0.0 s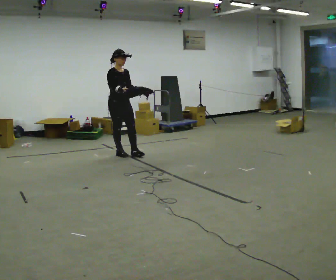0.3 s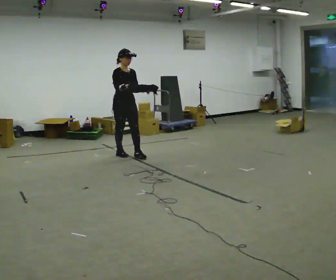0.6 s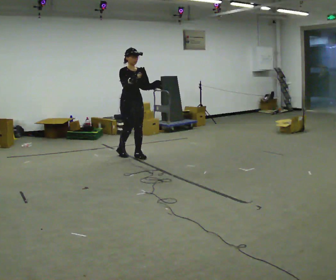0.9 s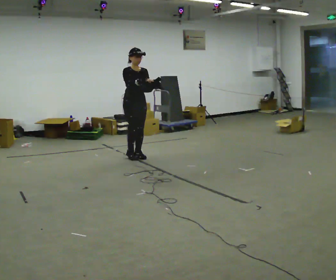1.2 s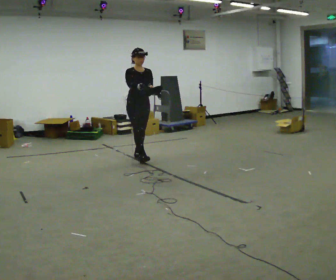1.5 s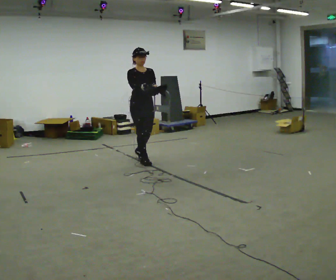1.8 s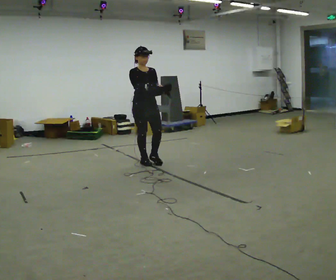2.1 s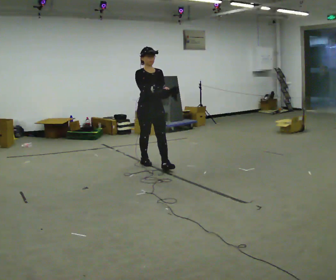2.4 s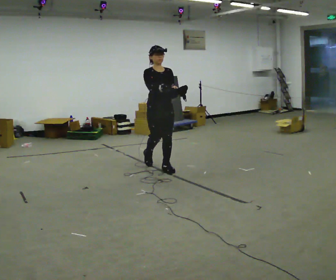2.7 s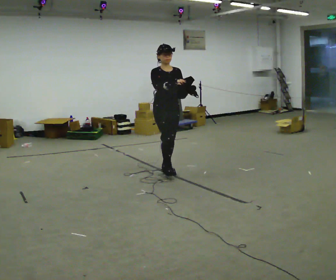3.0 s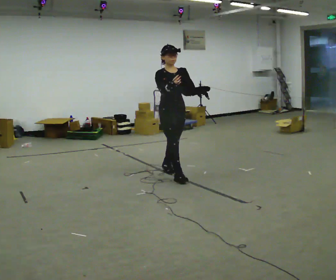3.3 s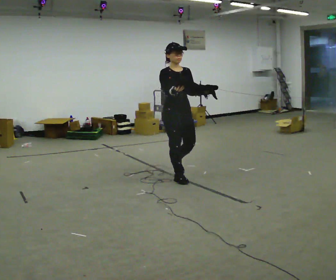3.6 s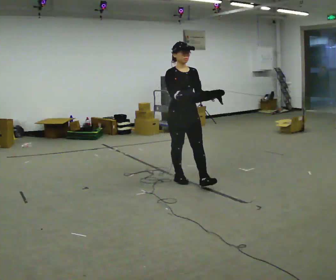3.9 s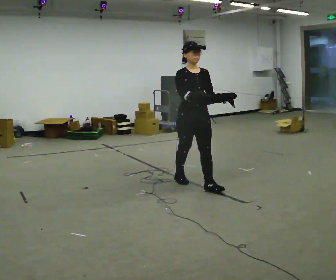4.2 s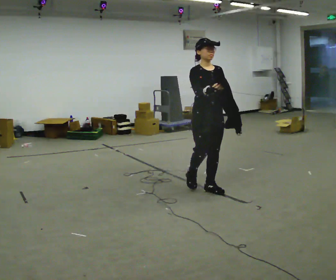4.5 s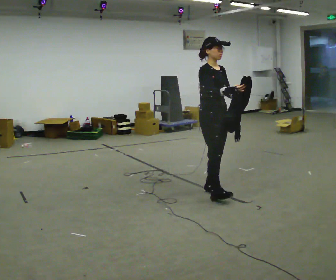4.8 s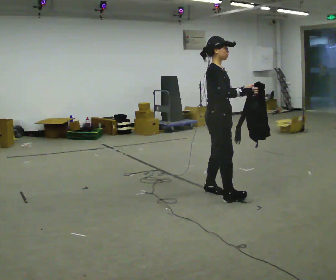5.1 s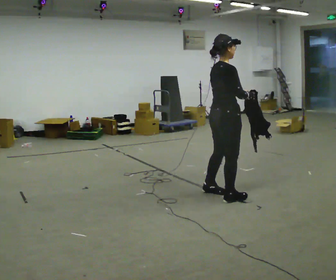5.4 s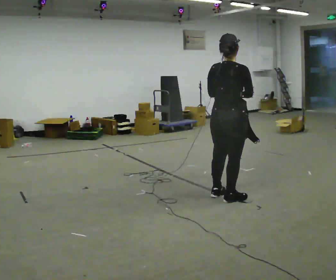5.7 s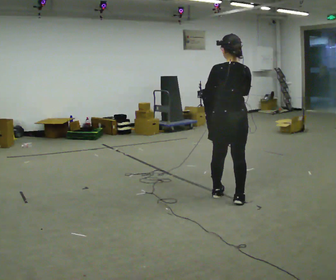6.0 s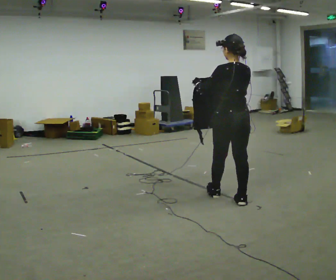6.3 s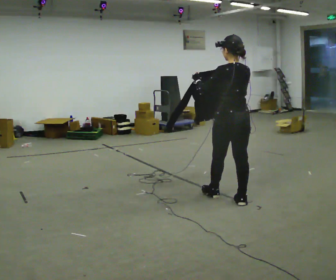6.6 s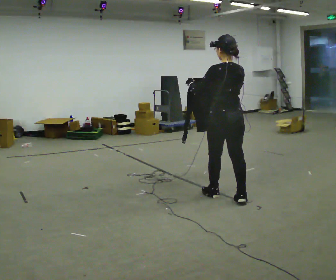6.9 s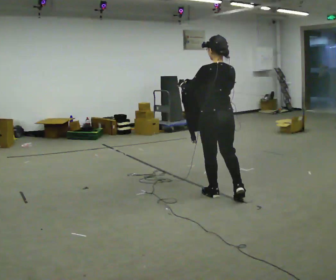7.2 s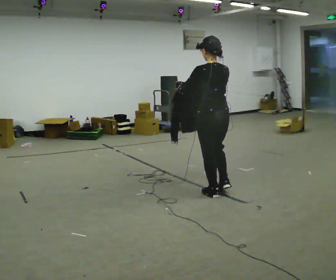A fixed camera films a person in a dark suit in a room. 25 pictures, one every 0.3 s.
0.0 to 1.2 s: In the picture they go to the right, about 0.5 m in 2 steps, which for them is forward and to their left.
1.2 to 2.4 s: In the picture they go toward the camera and to the right, about 0.75 m in 1 step, which for them is forward.
2.4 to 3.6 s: In the picture they go toward the camera and to the right, about 0.75 m in 1 step, which for them is forward.
3.6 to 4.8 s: The person turns about 60 degrees to their left, counterclockwise seen from above, so the part of the body nearest the lens slides to the right. In the picture they go toward the camera and to the right, about 0.5 m in 2 steps.
4.8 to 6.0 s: Seen from above the body turns counterclockwise, about 120 degrees: to their left, with its near side sliding to the right. In the picture they go to the right and toward the camera, about 0.25 m in 2 steps. In the picture their left hand goes to the left.
6.0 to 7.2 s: In the picture they go to the left and away from the camera, about 0.25 m, which for them is forward.
The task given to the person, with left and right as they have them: Carry the cloth and, while walking, fold it in half, then unfold it. Keep repeating as you walk. Do not stop.
The film runs forward here.
